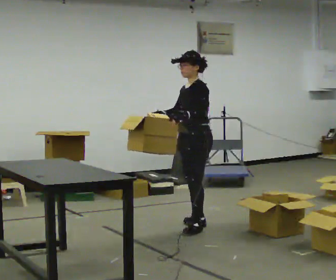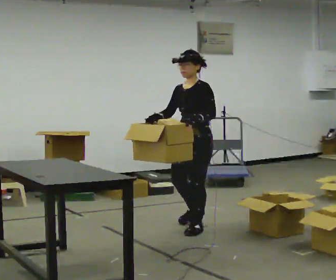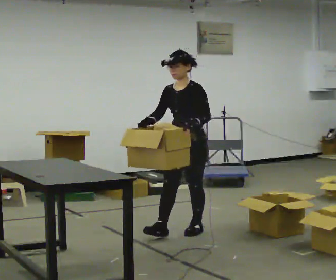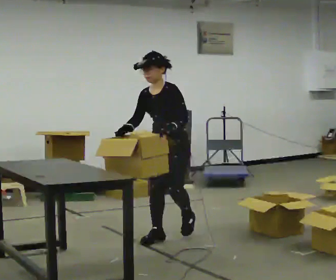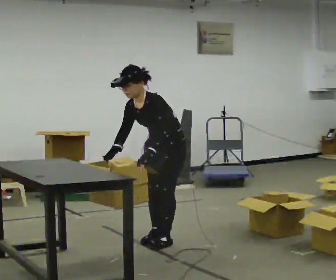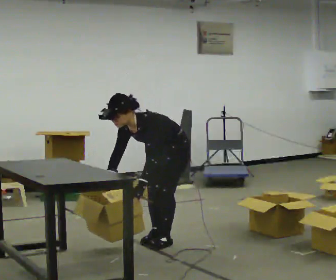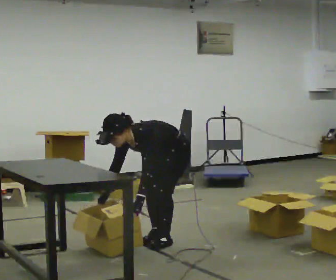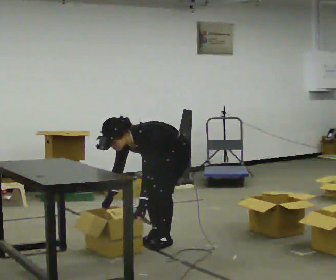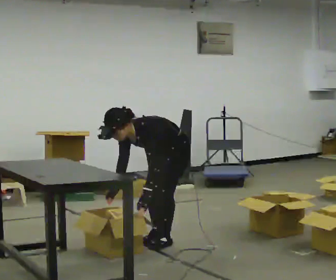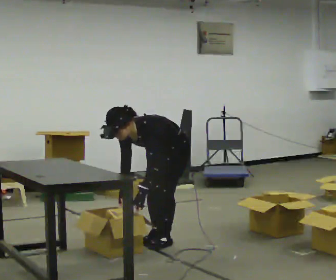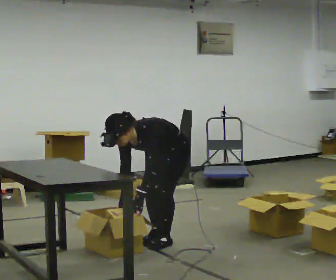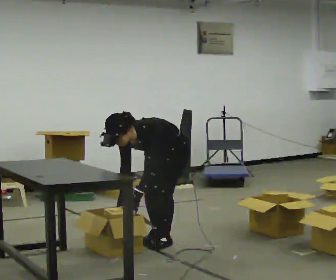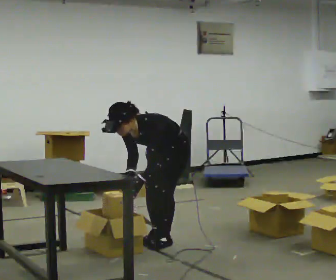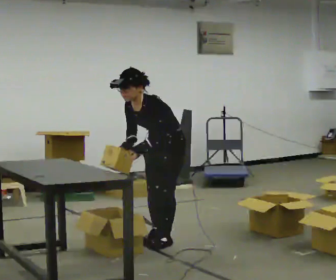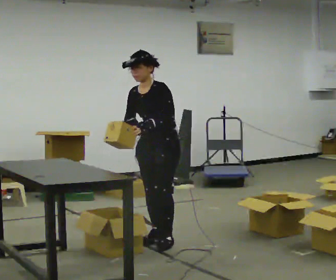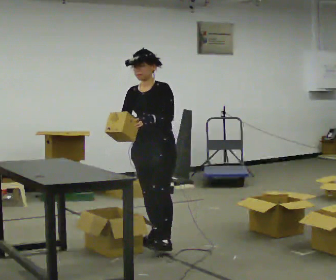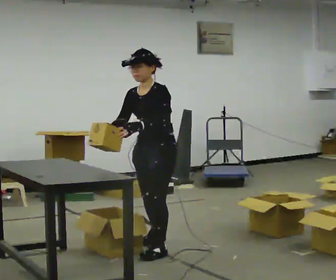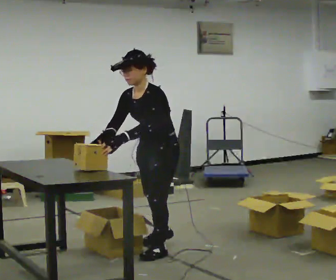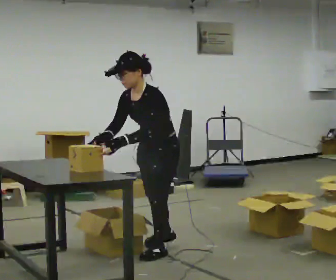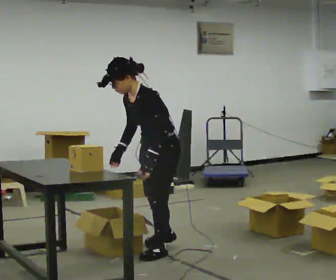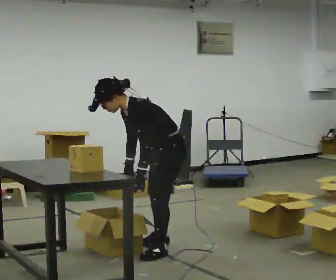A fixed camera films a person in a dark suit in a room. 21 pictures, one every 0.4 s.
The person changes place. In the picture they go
toward the camera.
0.0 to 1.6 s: The person turns about 30 degrees to their left, counterclockwise seen from above, so the part of the body nearest the lens slides to the right. In the picture they go toward the camera and to the left, about 0.5 m in 2 steps, which for them is forward. The upper body tips toward the camera, its near side rolling downward, as they bend forward.
1.6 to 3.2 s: In the picture the upper body tilts counterclockwise, shoulders to the left, as they bend forward.
3.2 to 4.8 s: The person moves a little, or ends about where they began.
4.8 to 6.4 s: In the picture they go toward the camera, about 0.25 m in 1 step, which for them is forward. The upper body goes upward. The upper body tips away from the camera, its near side rolling upward, as they lean back or straighten. In the picture their right hand goes upward.
6.4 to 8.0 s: The part of the body nearest the lens slides to the left as the person turns to their right by about 30 degrees. In the picture the upper body tilts counterclockwise, shoulders to the left, as they bend forward. In the picture their right hand goes downward.
The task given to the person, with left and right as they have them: 1. Take everything out of the crates by the door. 2. Put the small items on the middle shelf. 3. Put the large items on the bottom shelf. 4. Stack the empty crates by the door. 5. Tell the operator when you are finished.
The film runs forward here.
